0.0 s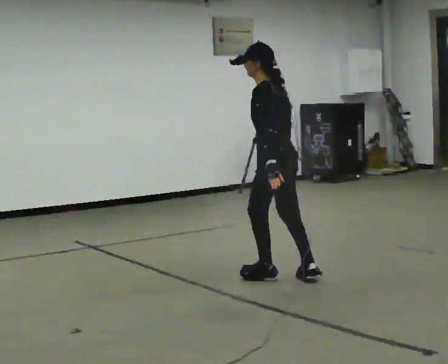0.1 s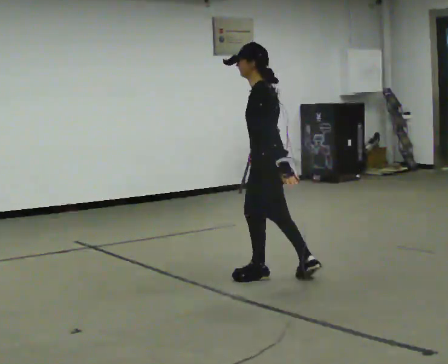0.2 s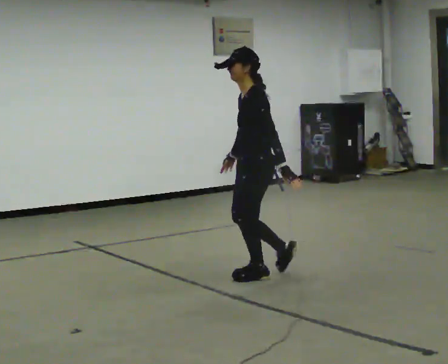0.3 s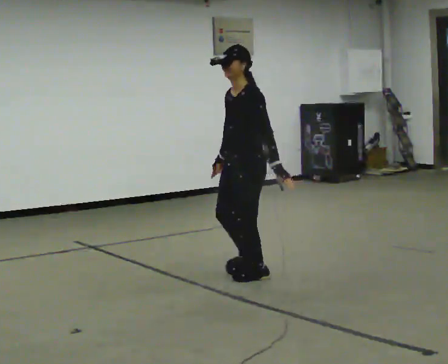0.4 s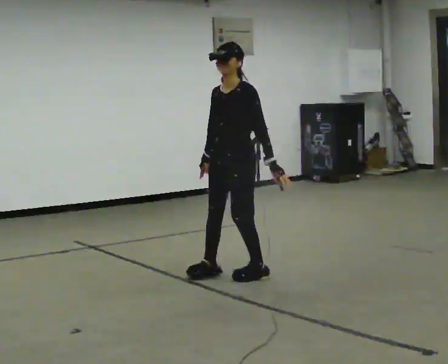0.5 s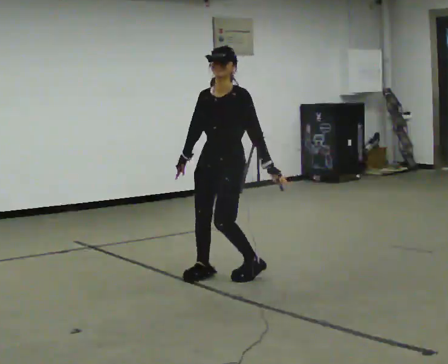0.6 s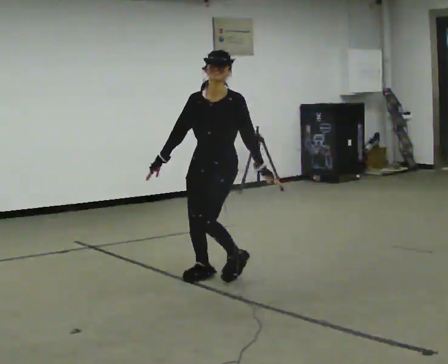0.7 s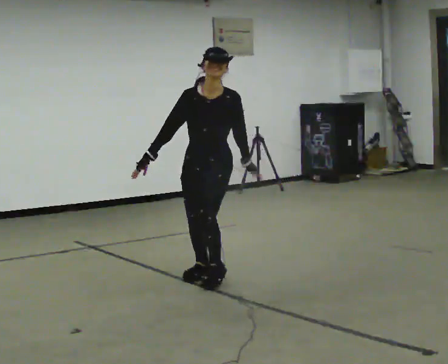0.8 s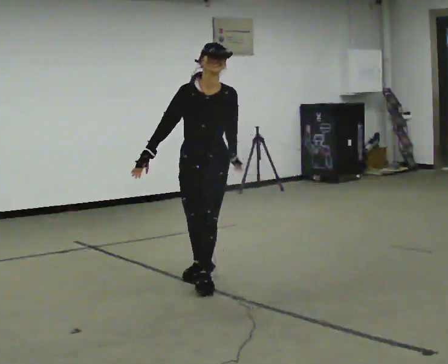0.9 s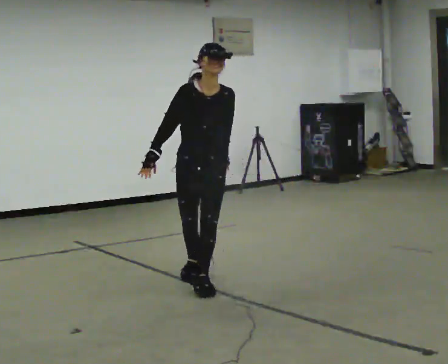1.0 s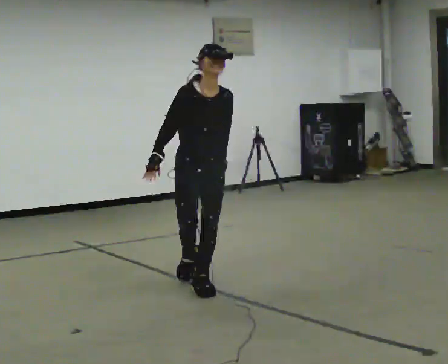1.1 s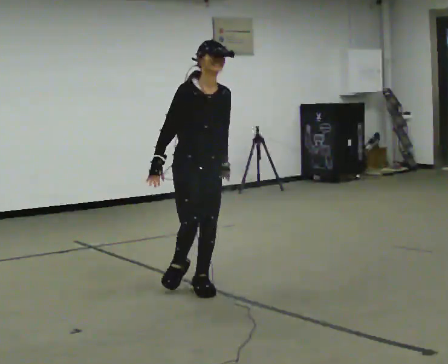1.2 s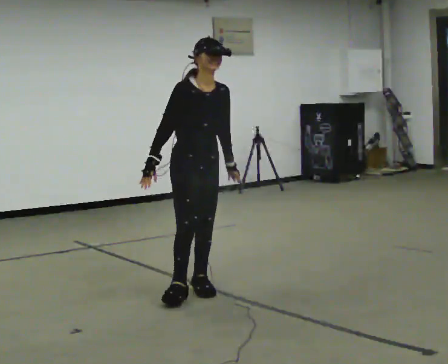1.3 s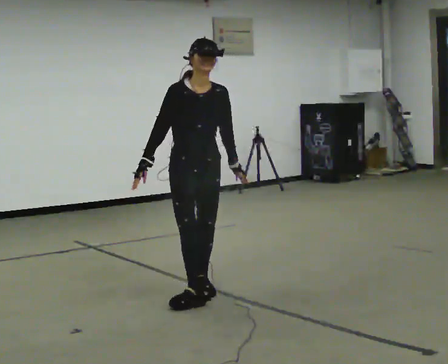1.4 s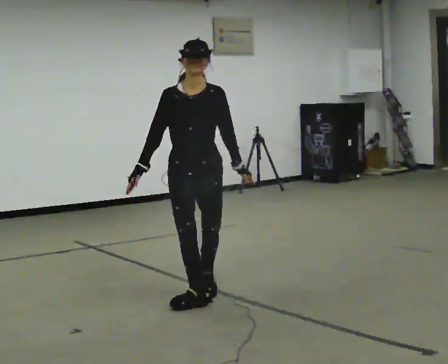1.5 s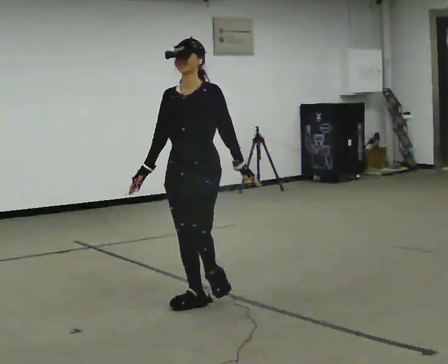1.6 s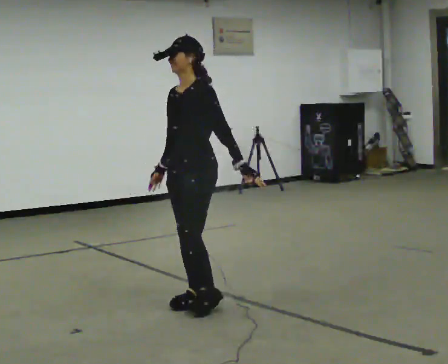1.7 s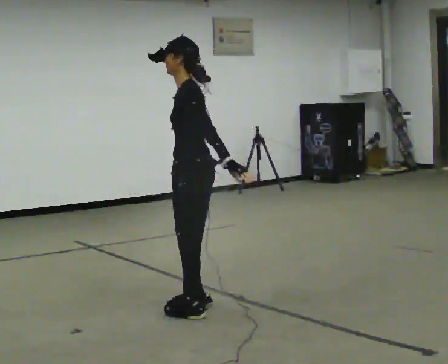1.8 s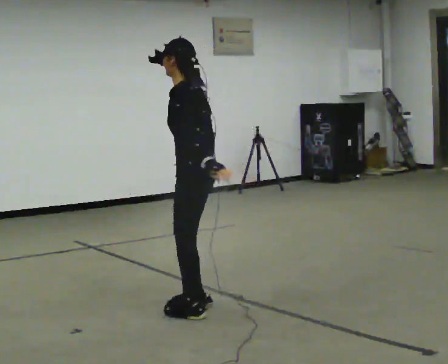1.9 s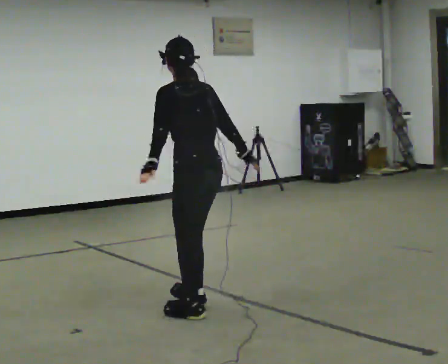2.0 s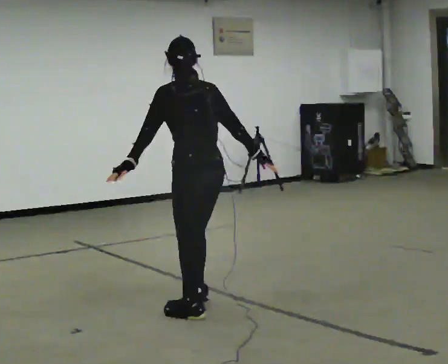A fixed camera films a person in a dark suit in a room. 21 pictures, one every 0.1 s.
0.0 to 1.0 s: The part of the body nearest the lens slides to the right as the person turns to their left by about 135 degrees. In the picture they go to the left, about 0.5 m in 3 steps.
1.0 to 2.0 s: The part of the body nearest the lens slides to the left as the person turns to their right by about 180 degrees. In the picture they go toward the camera, about 0.5 m in 2 steps.
The film runs forward here.
